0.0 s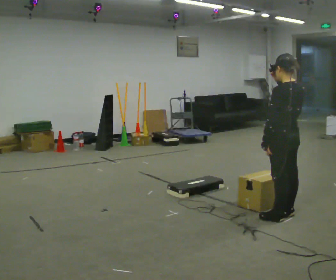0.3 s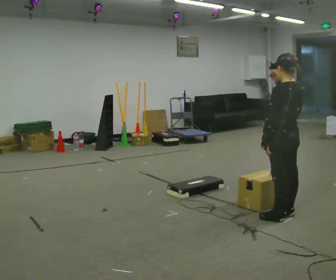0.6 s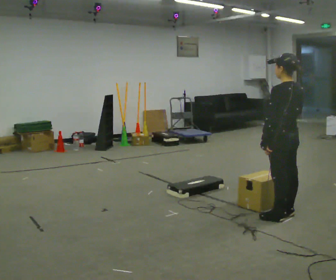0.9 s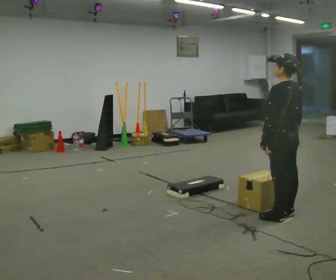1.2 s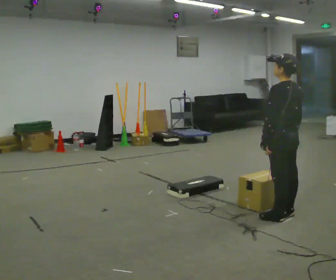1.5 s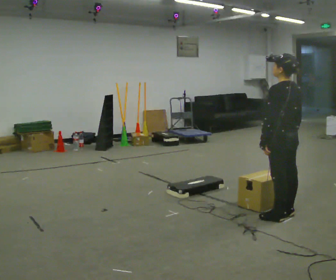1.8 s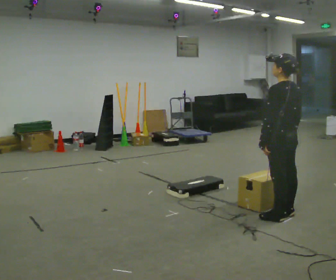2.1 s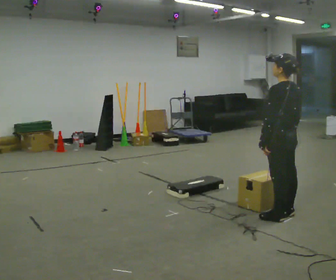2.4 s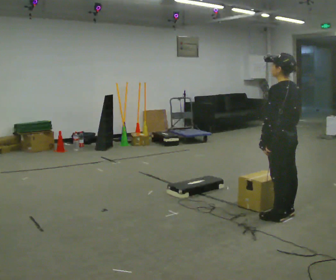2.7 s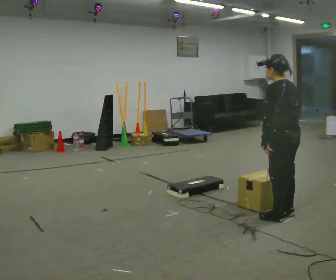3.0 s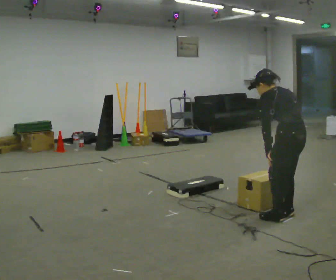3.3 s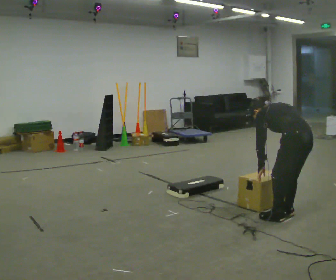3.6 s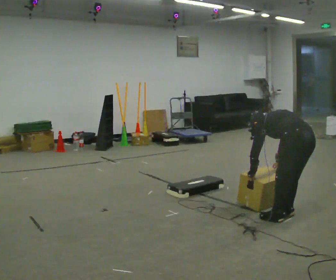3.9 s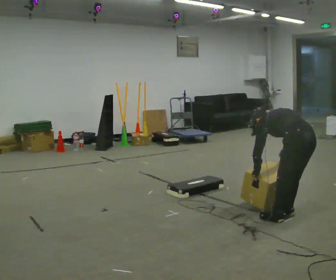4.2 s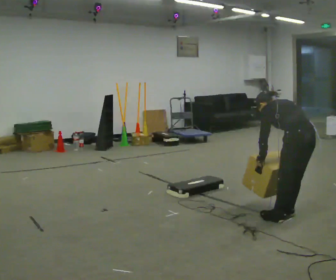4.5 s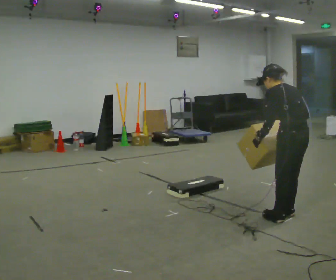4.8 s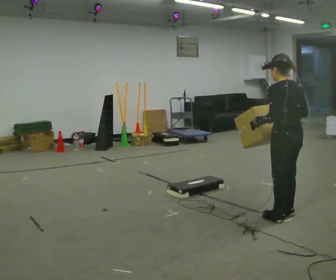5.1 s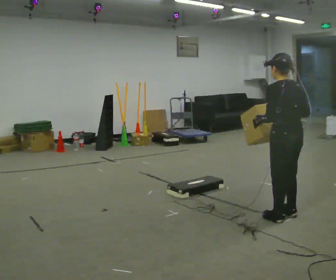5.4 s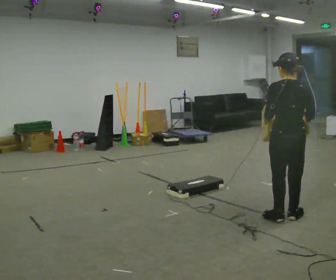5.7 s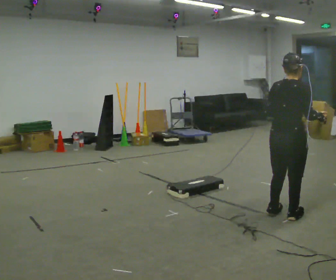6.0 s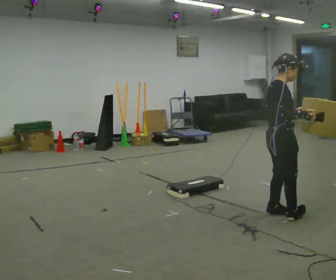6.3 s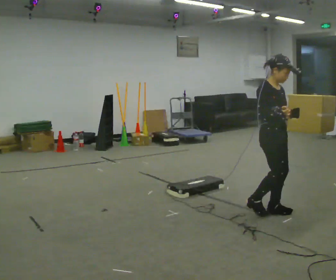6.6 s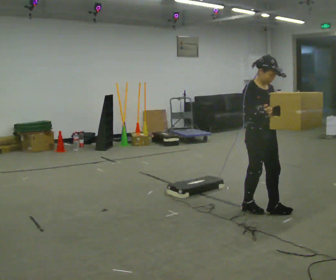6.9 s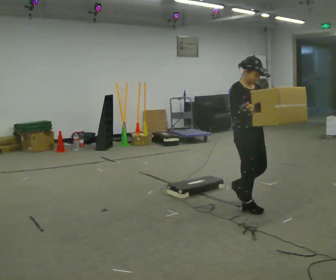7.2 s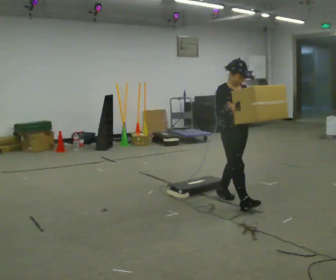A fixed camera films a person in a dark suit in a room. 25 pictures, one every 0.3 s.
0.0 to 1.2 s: In the picture their right hand goes downward.
1.2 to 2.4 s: The person moves a little, or ends about where they began.
2.4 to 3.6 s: In the picture they go to the right, about 0.25 m, which for them is backward. The shoulders move downward. In the picture the upper body tilts counterclockwise, shoulders to the left, as they bend forward. In the picture their left hand goes downward.
3.6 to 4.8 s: The upper body goes upward. The upper body tips toward the camera, its near side rolling downward, as they lean back or straighten. In the picture their right hand goes upward.
4.8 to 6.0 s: The part of the body nearest the lens slides to the left as the person turns to their right by about 120 degrees.
6.0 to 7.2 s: The part of the body nearest the lens slides to the left as the person turns to their right by about 60 degrees. In the picture they go to the left and away from the camera, about 0.5 m in 3 steps.
The film runs backward here.
